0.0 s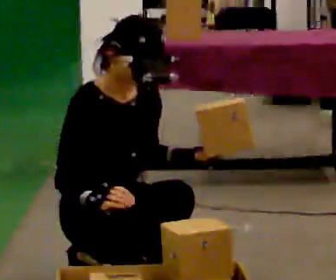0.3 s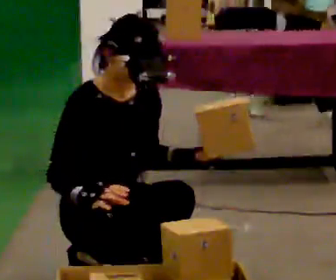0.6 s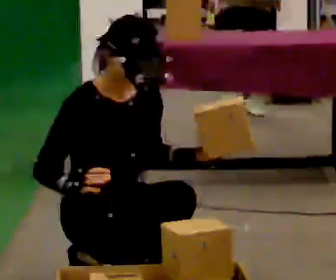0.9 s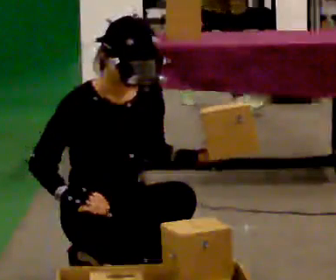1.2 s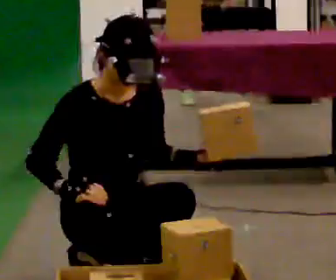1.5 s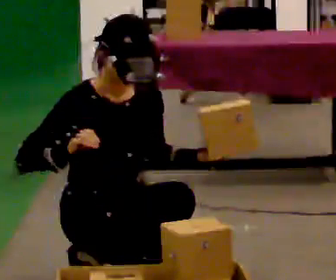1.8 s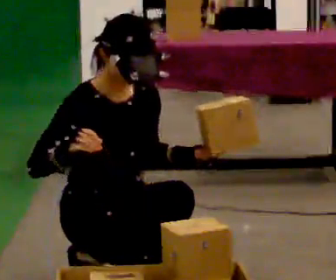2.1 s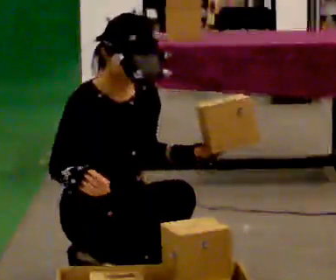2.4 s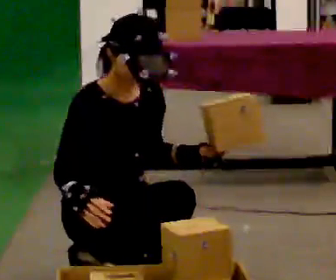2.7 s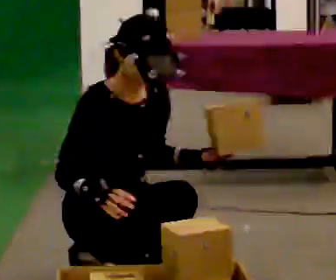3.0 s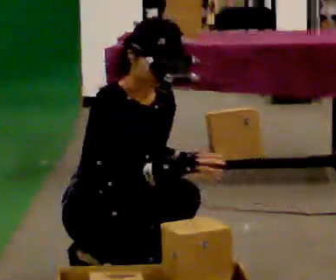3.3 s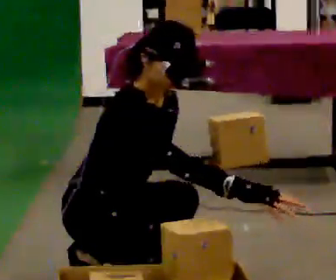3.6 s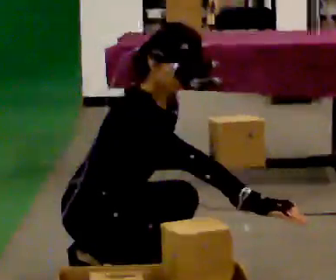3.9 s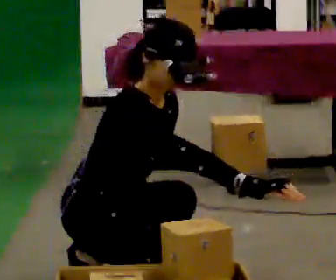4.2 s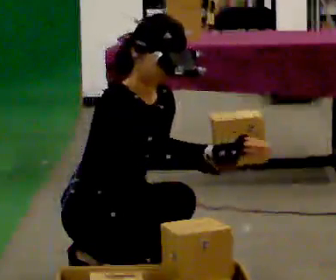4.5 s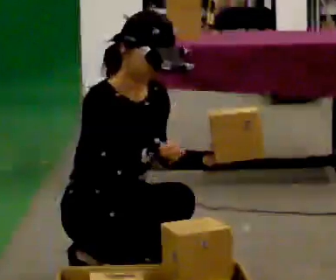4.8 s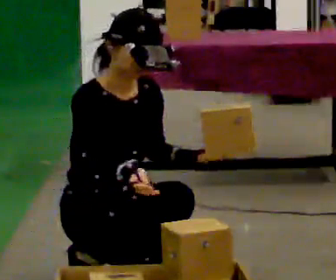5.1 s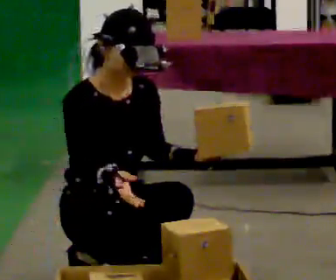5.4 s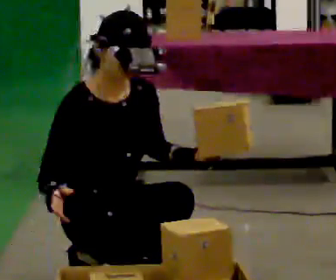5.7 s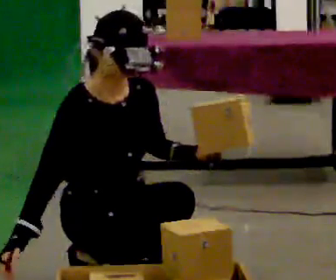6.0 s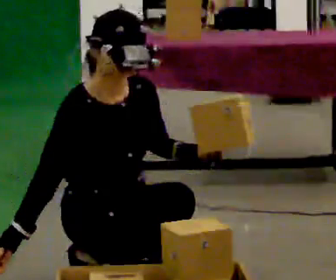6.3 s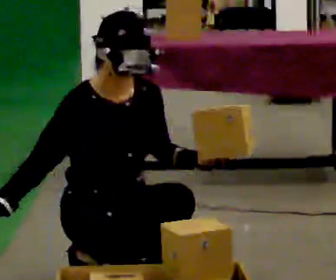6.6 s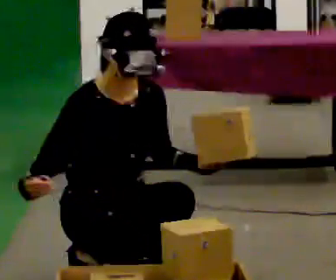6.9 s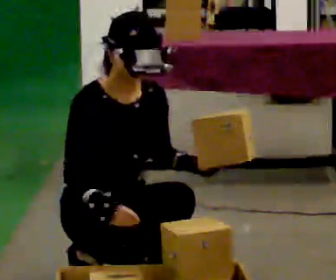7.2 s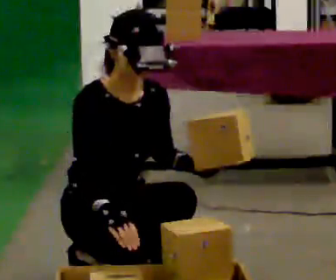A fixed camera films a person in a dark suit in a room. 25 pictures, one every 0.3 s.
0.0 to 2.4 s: The person moves a little, or ends about where they began.
2.4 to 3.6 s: In the picture the upper body tilts clockwise, shoulders to the right, as they bend forward. In the picture their right hand goes to the right.
3.6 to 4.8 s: In the picture the upper body tilts counterclockwise, shoulders to the left, as they lean back or straighten. In the picture their right hand goes to the left.
4.8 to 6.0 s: In the picture their right hand goes to the left.
6.0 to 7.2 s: In the picture their right hand goes to the right.
The film runs backward here.
